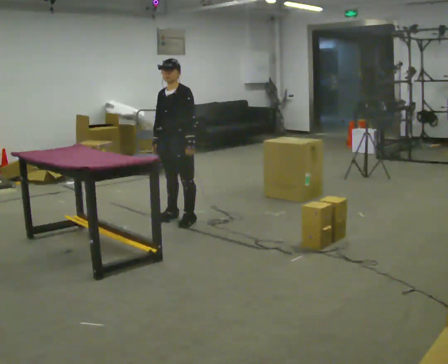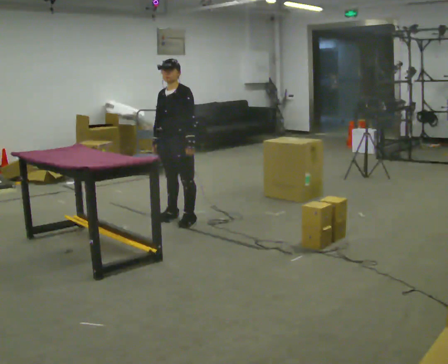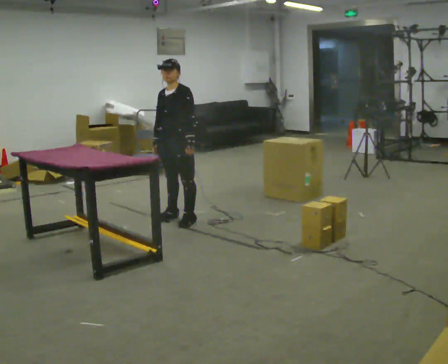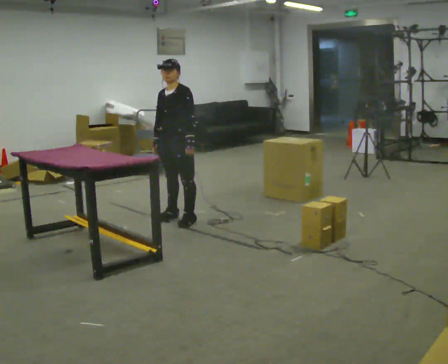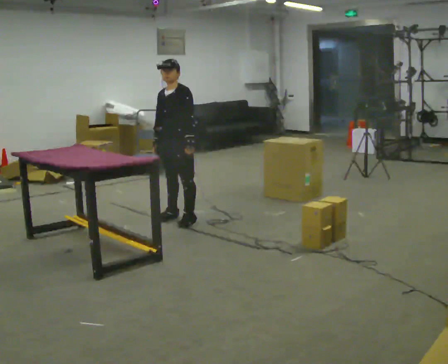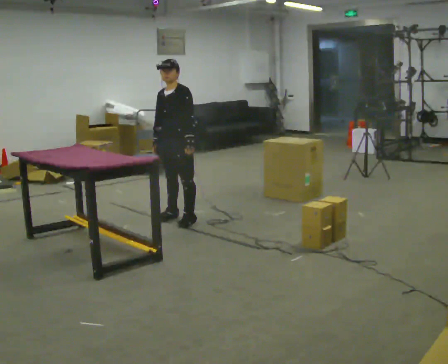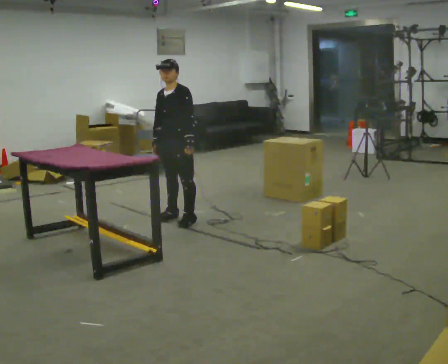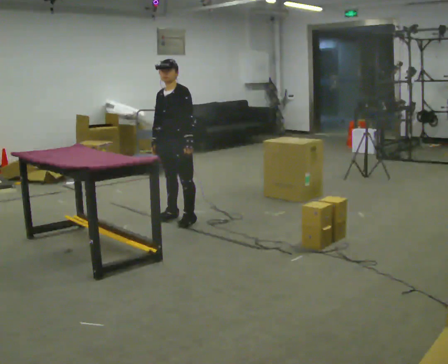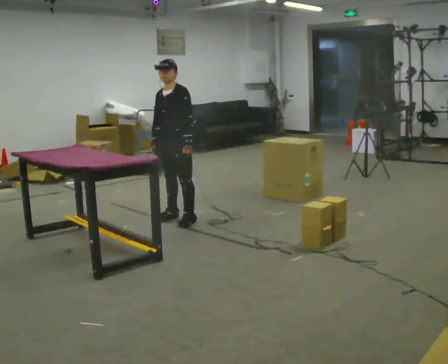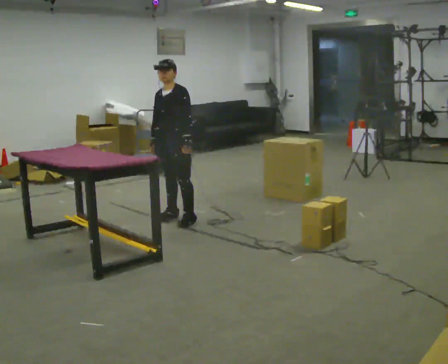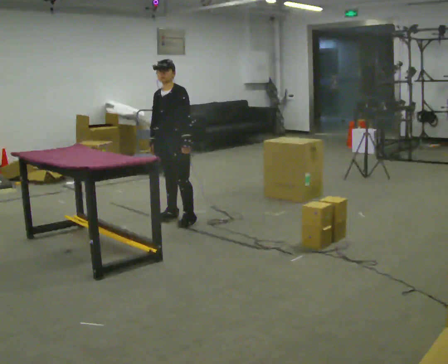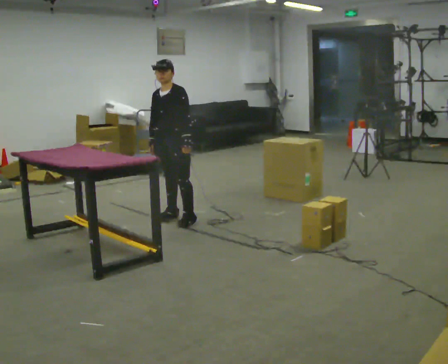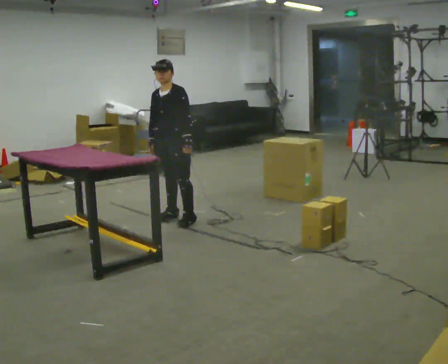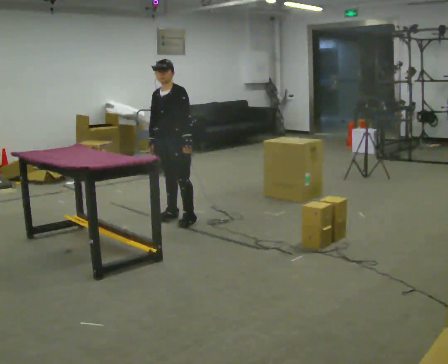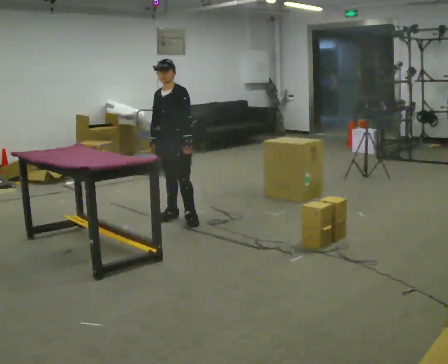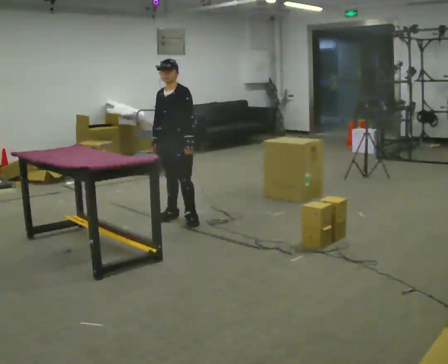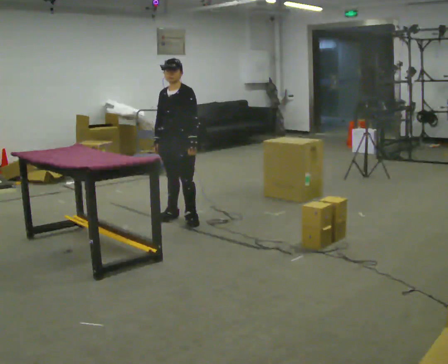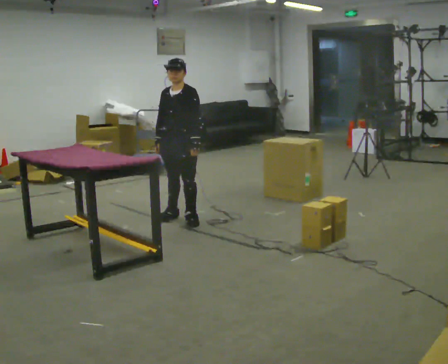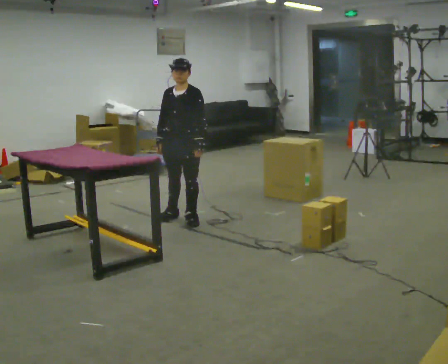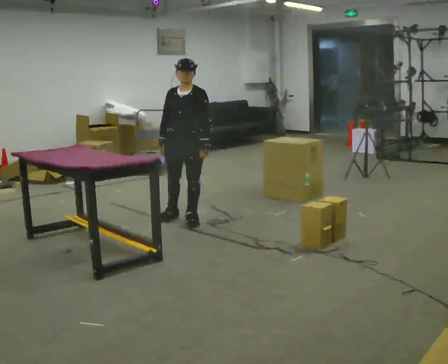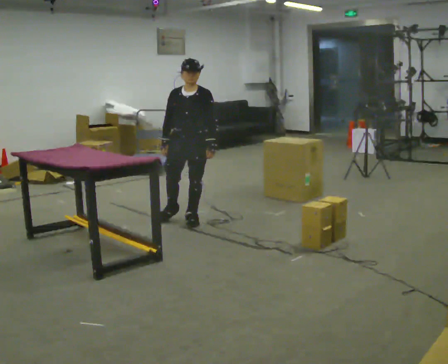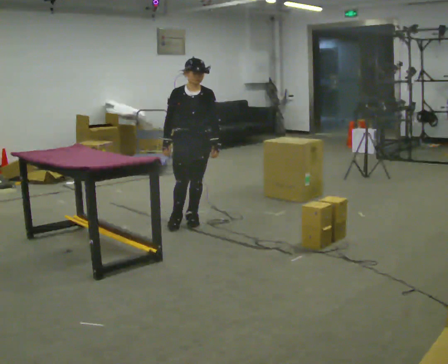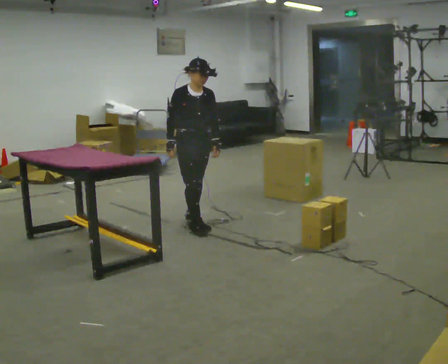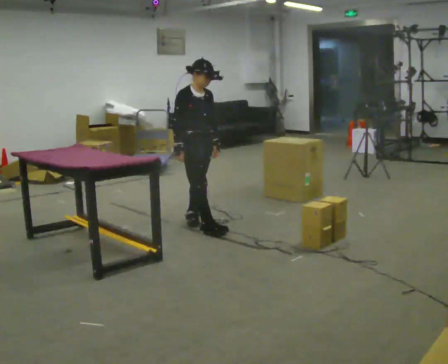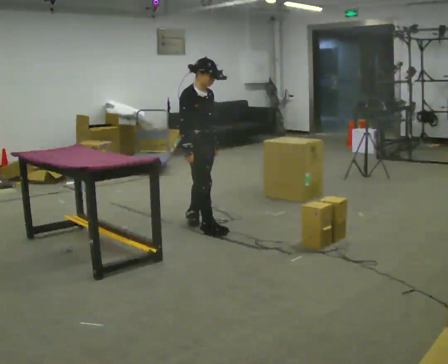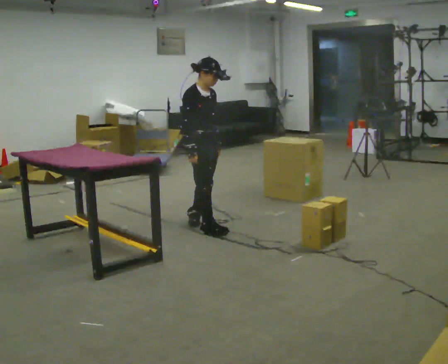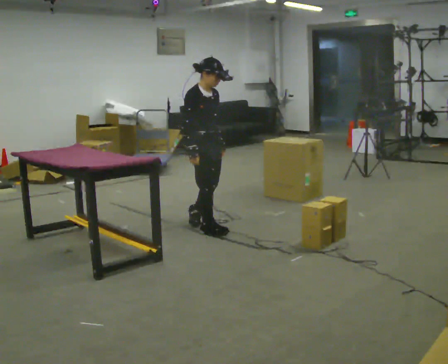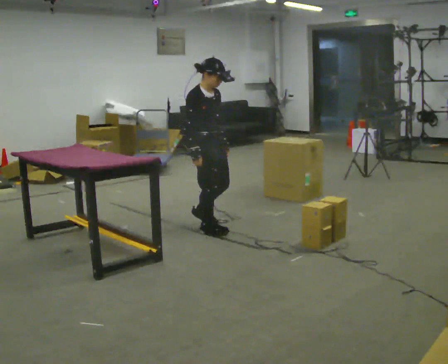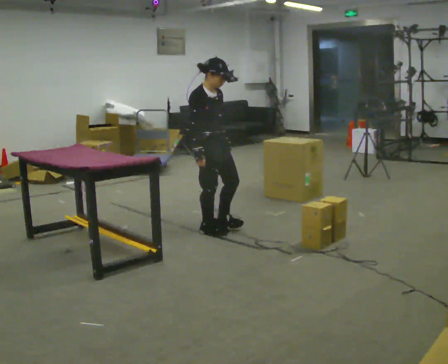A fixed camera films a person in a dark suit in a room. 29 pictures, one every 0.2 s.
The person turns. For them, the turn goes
to their left.
The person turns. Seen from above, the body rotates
counterclockwise.
0.0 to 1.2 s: The person keeps their place and pose.
1.2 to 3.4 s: The person moves a little, or ends about where they began.
3.4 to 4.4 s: Seen from above the body turns counterclockwise, about 60 degrees: to their left, with its near side sliding to the right. In the picture they go toward the camera, about 0.25 m, which for them is to their left.
4.4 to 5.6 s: The person turns about 30 degrees to their left, counterclockwise seen from above, so the part of the body nearest the lens slides to the right. In the picture they go toward the camera, about 0.25 m in 1 step, which for them is forward and to their right.
The film runs forward here.
